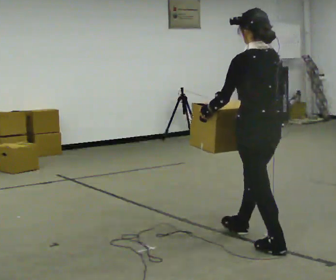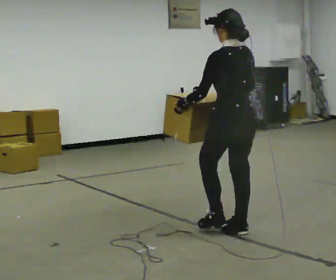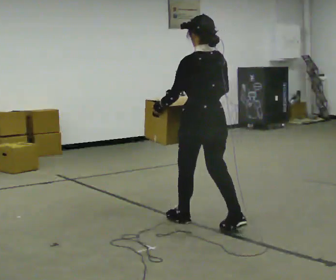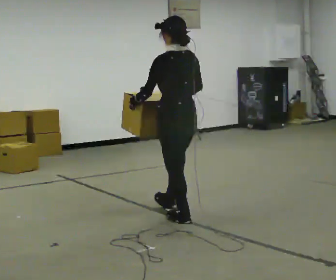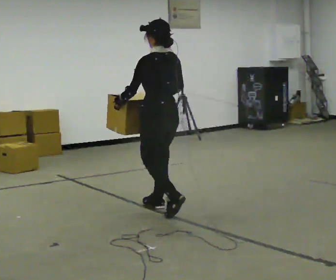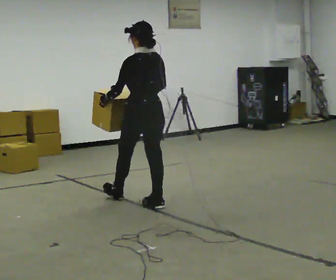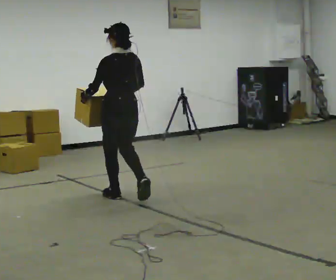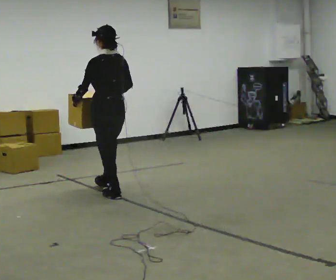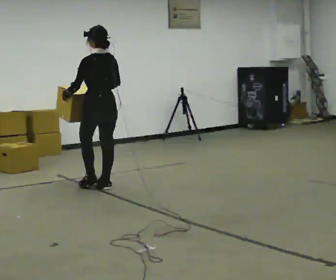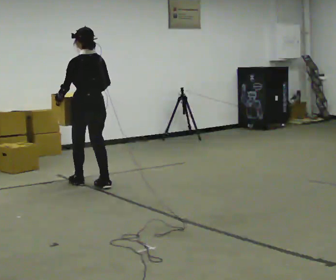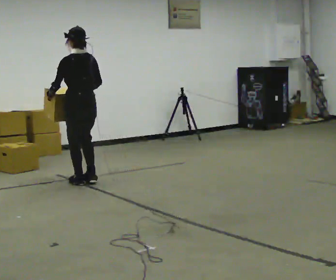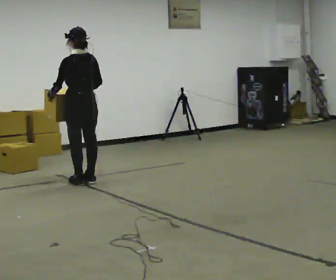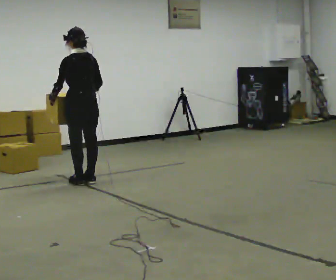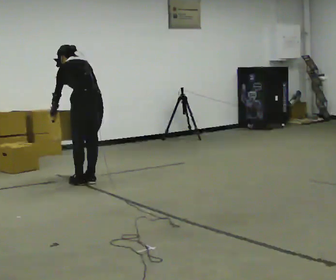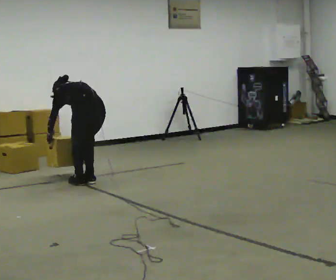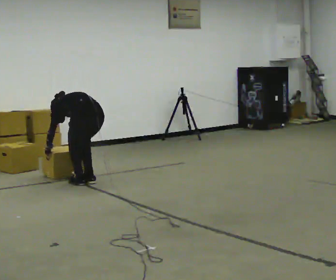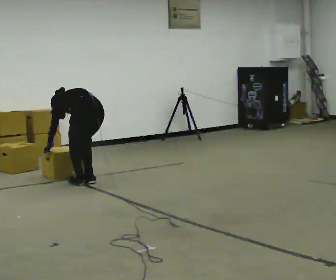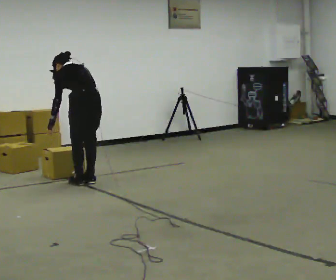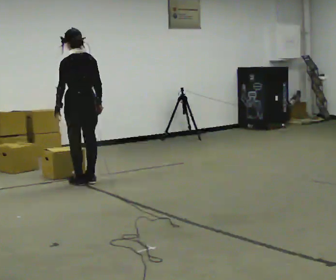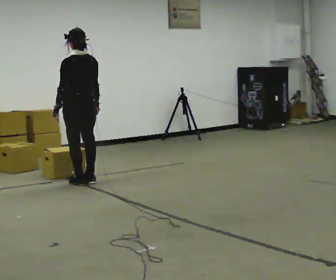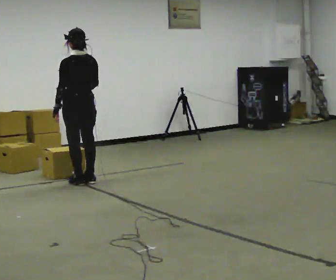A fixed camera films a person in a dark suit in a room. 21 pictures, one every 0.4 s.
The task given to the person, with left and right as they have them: Carry the heaviest box in both hands in front of you, walking back and forth across the room. Only carry what is comfortable. Set it down whenever you need to.
0.0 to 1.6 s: In the picture they go away from the camera and to the left, about 1 m in 2 steps, which for them is forward.
1.6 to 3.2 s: In the picture they go away from the camera and to the left, about 1 m in 2 steps, which for them is forward.
3.2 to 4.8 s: In the picture they go away from the camera and to the left, about 0.25 m in 2 steps, which for them is forward.
4.8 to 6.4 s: The shoulders move downward. The upper body tips away from the camera, its near side rolling upward, as they bend forward. In the picture their left hand goes downward.
6.4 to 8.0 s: The shoulders move upward. The upper body tips toward the camera, its near side rolling downward, as they lean back or straighten. In the picture their right hand goes upward.
The film runs forward here.
